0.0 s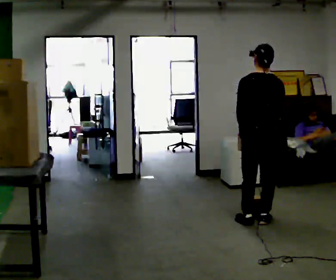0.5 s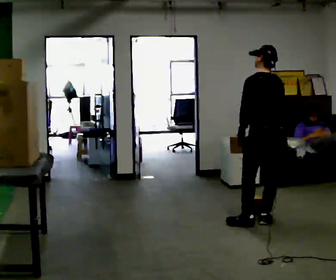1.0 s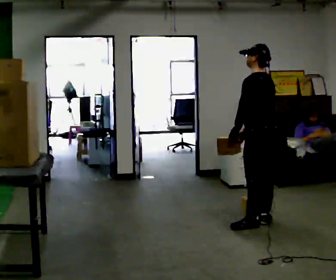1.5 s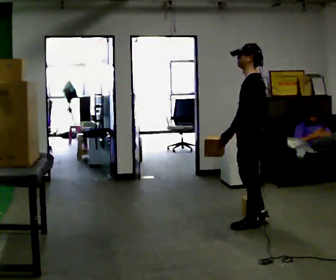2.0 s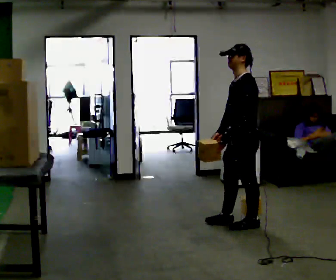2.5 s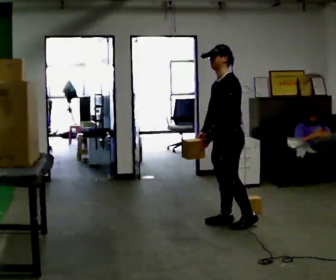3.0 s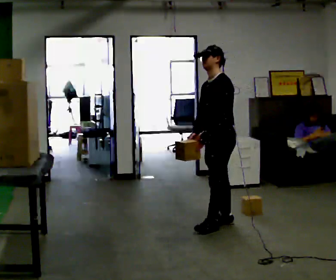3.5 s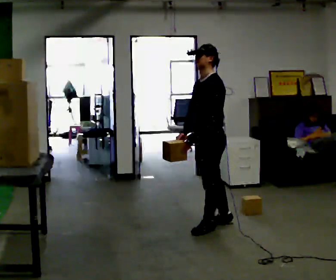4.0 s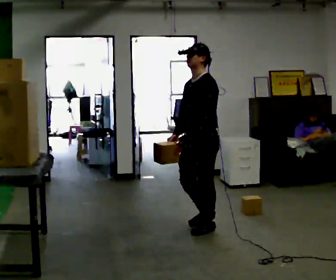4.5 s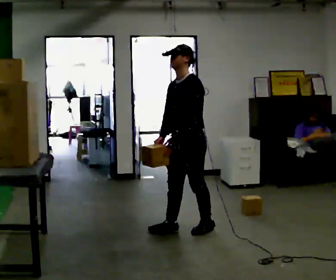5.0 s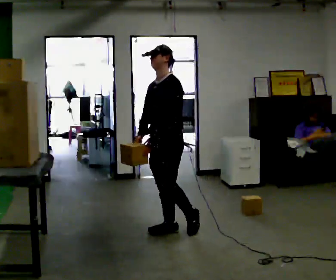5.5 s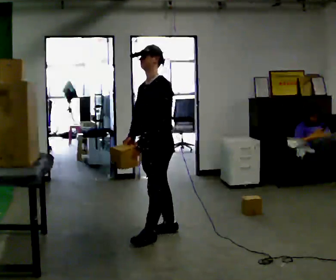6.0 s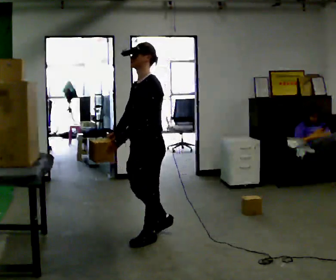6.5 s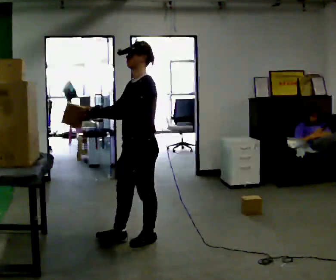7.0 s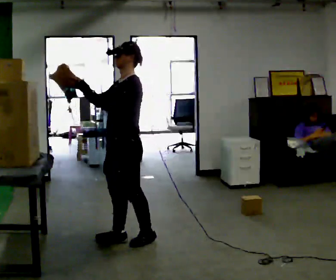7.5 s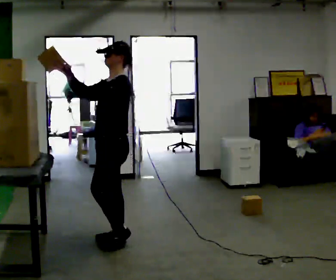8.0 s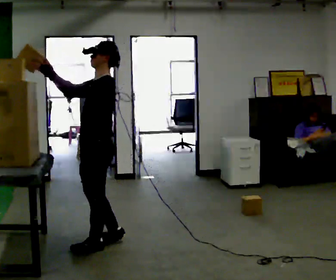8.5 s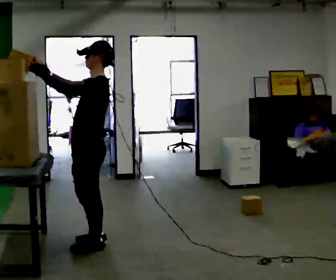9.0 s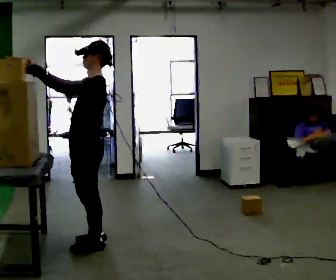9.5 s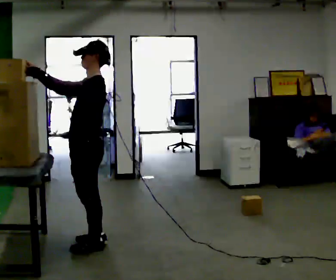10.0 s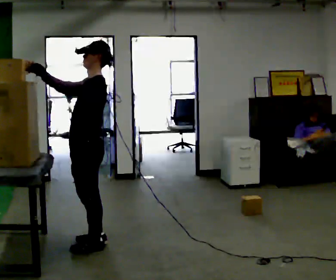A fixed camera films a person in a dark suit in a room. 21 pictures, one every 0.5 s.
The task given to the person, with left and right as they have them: Take an object from the lowest shelf, carry it across the room, and place it on the highest shelf you can comfortably reach. Keep going until the operator says stop; one object at a time, and do not rush between trips.
0.0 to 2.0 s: The part of the body nearest the lens slides to the right as the person turns to their left by about 90 degrees. In the picture they go to the left, about 0.25 m in 1 step.
2.0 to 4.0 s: In the picture they go to the left, about 0.5 m in 1 step, which for them is forward.
4.0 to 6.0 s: In the picture they go to the left and toward the camera, about 0.5 m in 2 steps, which for them is forward.
6.0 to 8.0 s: In the picture they go to the left and toward the camera, about 0.5 m in 2 steps, which for them is forward. In the picture their right hand goes upward, the arm swinging clockwise.
8.0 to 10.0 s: The person moves a little, or ends about where they began.
The film runs forward here.
